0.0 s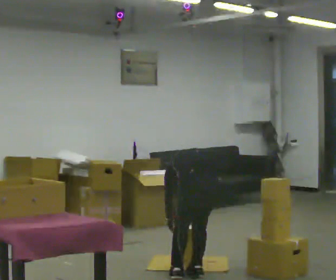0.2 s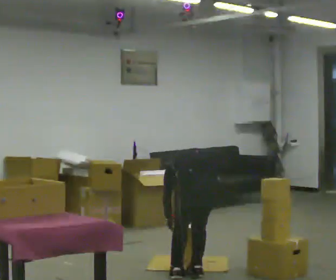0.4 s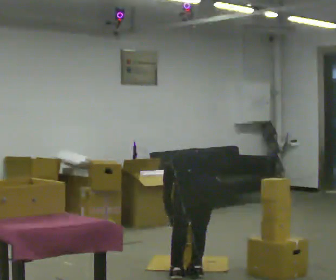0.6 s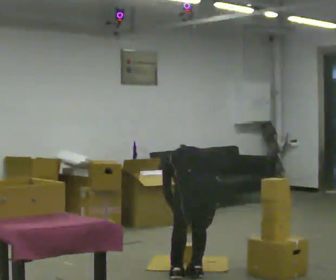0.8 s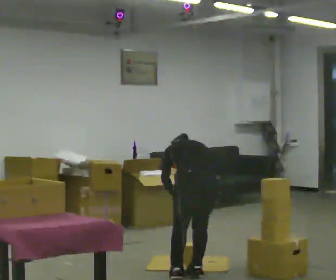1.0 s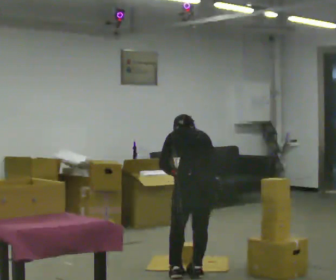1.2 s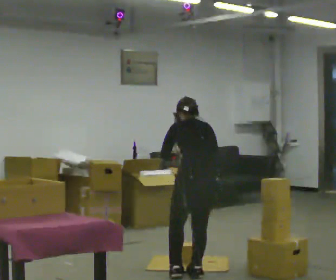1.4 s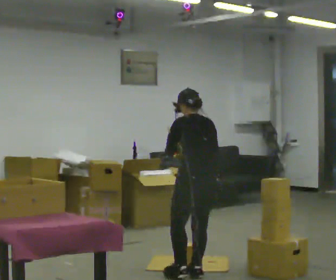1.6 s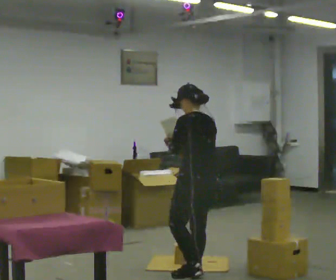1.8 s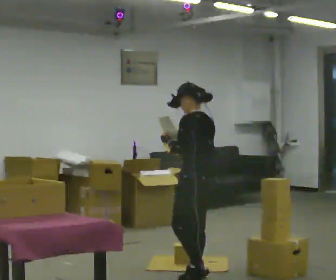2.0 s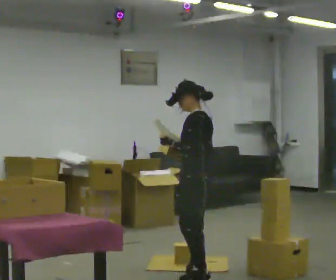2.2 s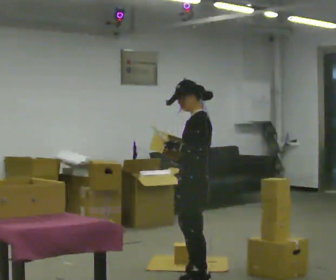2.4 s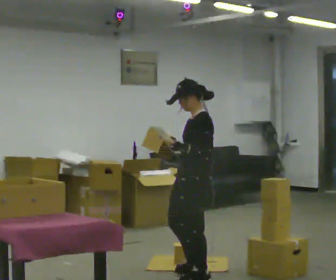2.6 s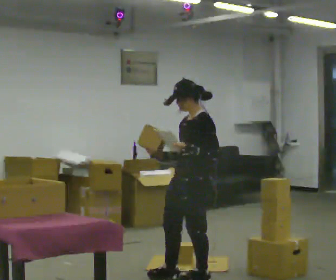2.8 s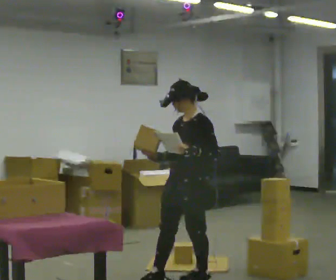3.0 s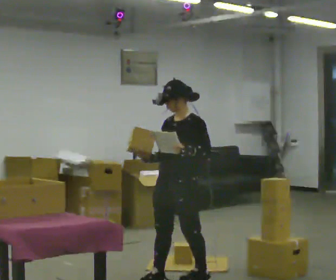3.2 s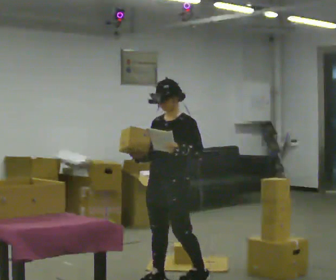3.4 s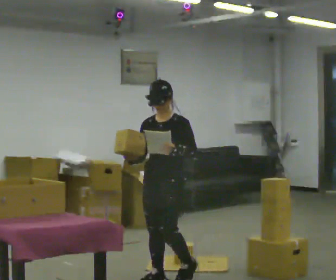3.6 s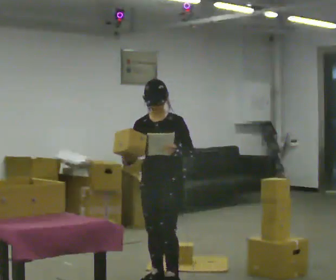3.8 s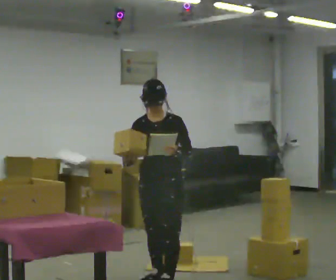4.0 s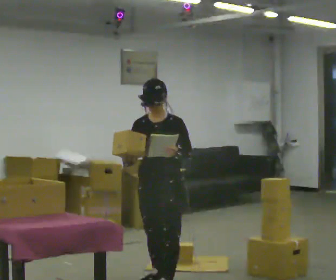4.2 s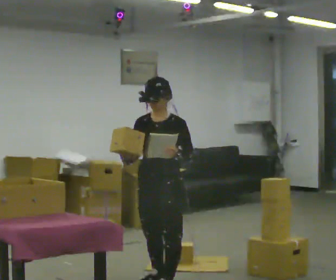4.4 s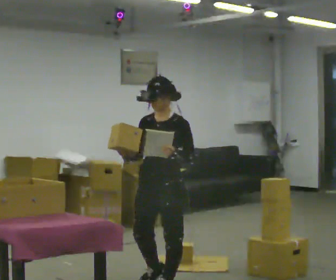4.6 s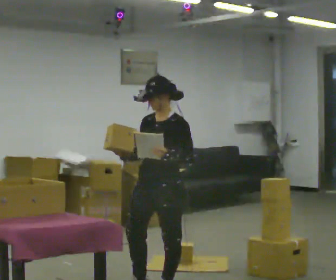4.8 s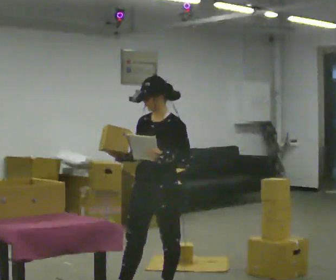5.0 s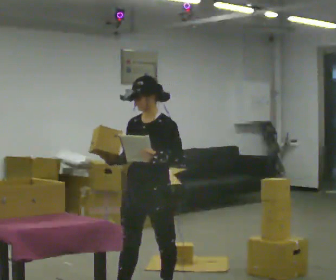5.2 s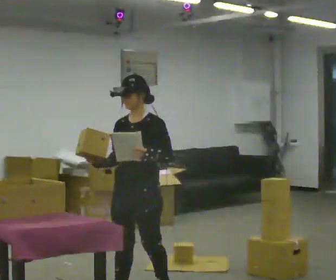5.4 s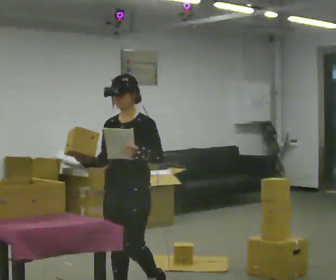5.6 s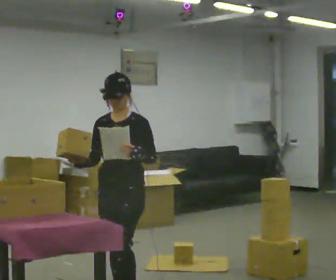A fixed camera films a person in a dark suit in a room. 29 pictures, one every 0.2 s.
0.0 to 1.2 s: The shoulders move upward. The upper body tips toward the camera, its near side rolling downward, as they lean back or straighten. In the picture their left hand goes upward.
1.2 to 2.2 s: The person turns about 60 degrees to their left, counterclockwise seen from above, so the part of the body nearest the lens slides to the right. The upper body tips toward the camera, its near side rolling downward, as they lean back or straighten.
2.2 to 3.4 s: Seen from above the body turns counterclockwise, about 75 degrees: to their left, with its near side sliding to the right. In the picture they go to the left, about 0.25 m in 1 step.
3.4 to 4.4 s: In the picture they go toward the camera, about 0.25 m in 1 step, which for them is forward.
4.4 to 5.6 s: In the picture they go toward the camera and to the left, about 0.5 m in 1 step, which for them is forward.
The film runs forward here.
